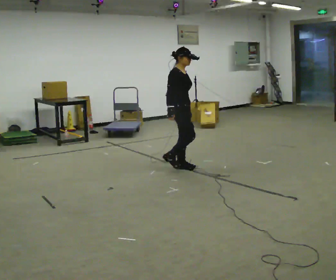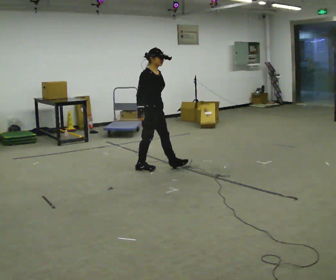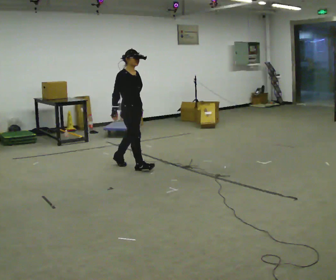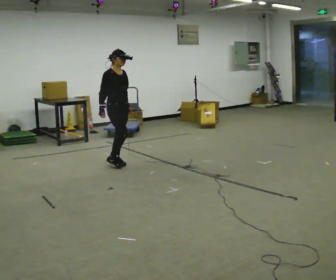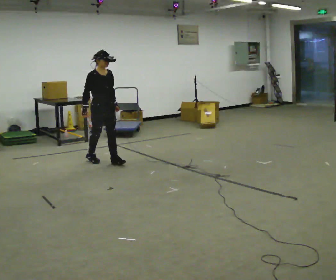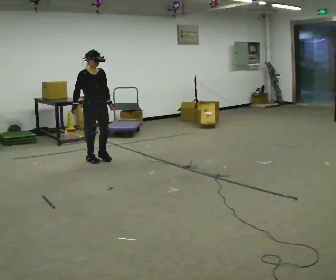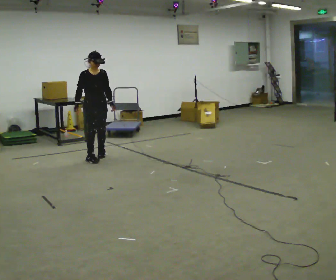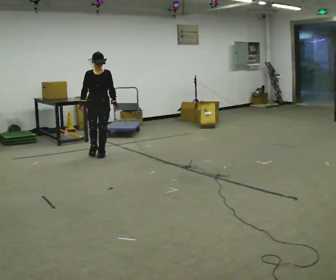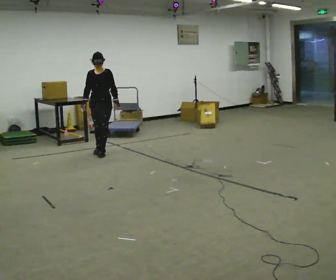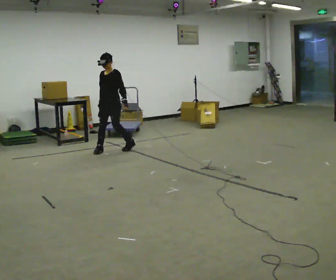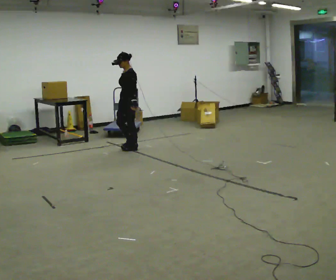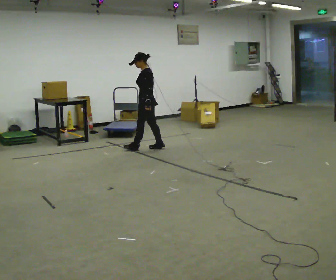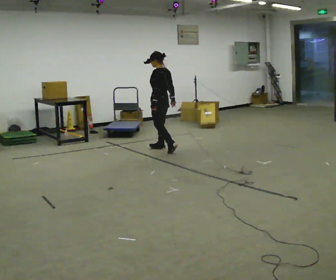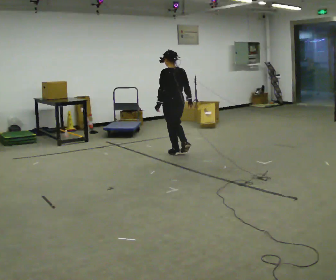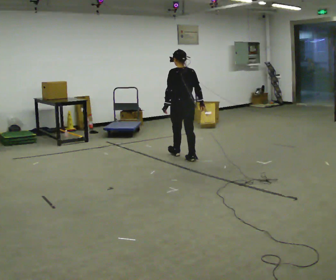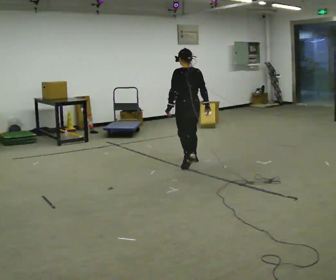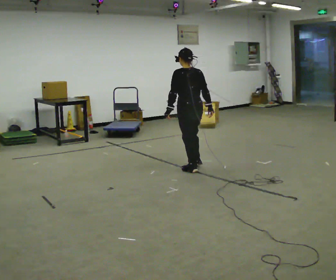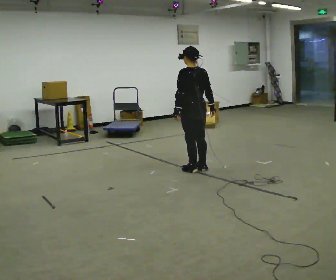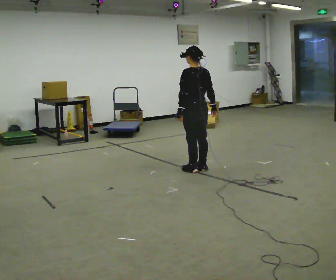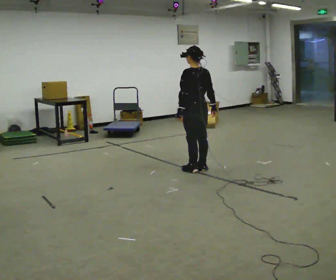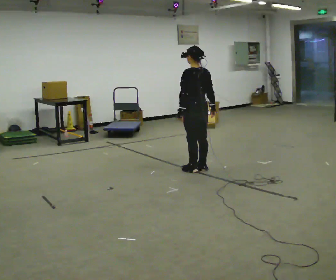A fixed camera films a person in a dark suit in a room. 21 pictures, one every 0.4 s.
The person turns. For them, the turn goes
to their right.
The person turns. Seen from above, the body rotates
clockwise.
0.0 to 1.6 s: Seen from above the body turns clockwise, about 30 degrees: to their right, with its near side sliding to the left. In the picture they go to the left and away from the camera, about 1 m in 2 steps, which for them is backward.
1.6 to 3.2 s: The person turns about 45 degrees to their right, clockwise seen from above, so the part of the body nearest the lens slides to the left. In the picture they go away from the camera, about 0.5 m in 3 steps, which for them is backward.
3.2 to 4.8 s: The person turns about 120 degrees to their right, clockwise seen from above, so the part of the body nearest the lens slides to the left. In the picture they go to the right, about 1 m in 2 steps.
4.8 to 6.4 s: Seen from above the body turns clockwise, about 30 degrees: to their right, with its near side sliding to the left. In the picture they go toward the camera, about 1 m in 3 steps, which for them is backward.
6.4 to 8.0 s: The person moves a little, or ends about where they began.
The film runs backward here.
